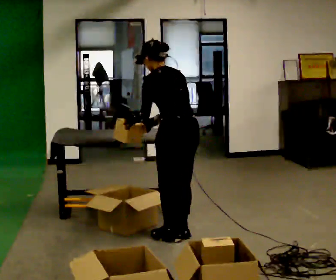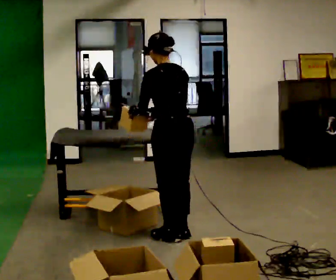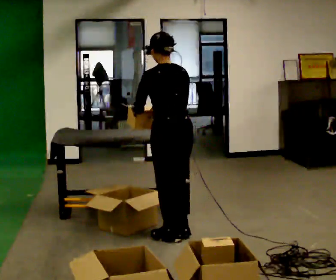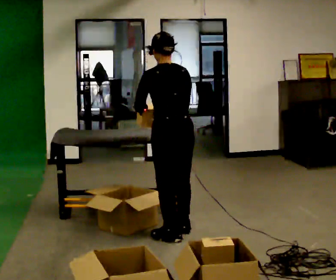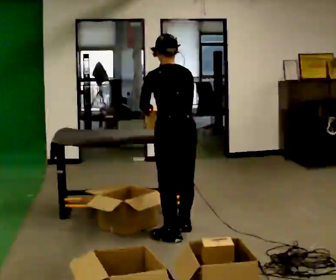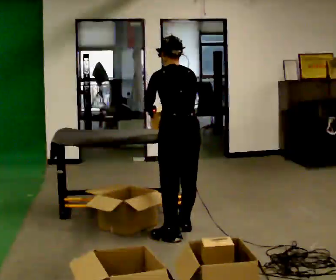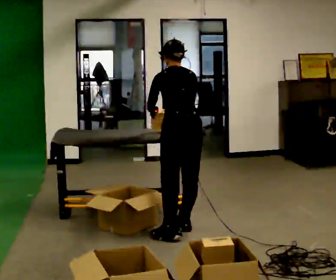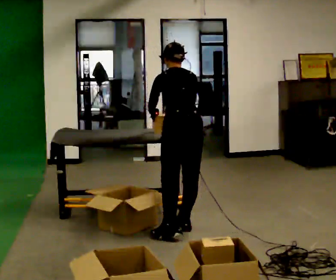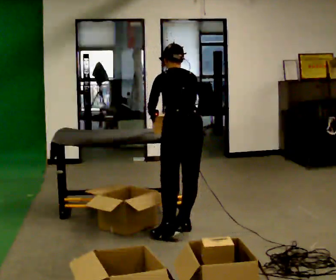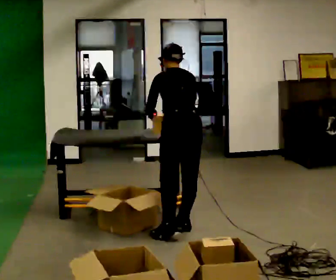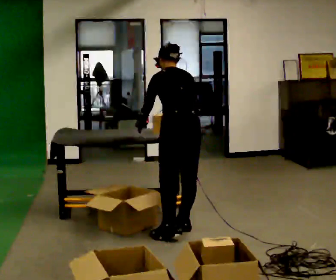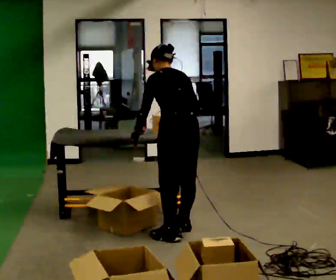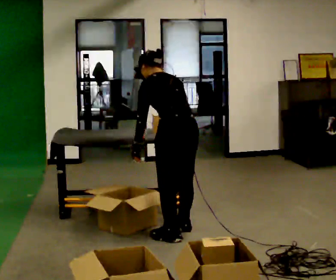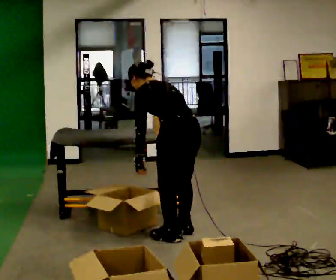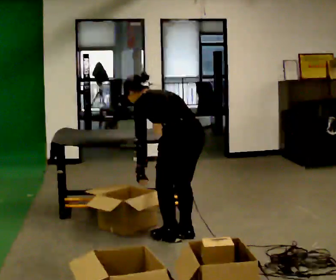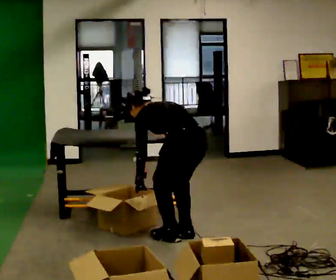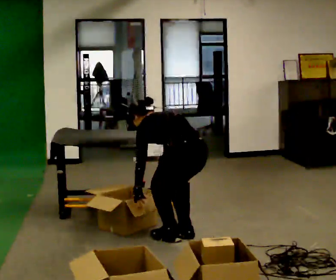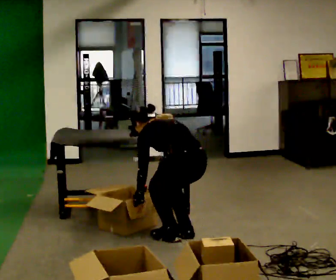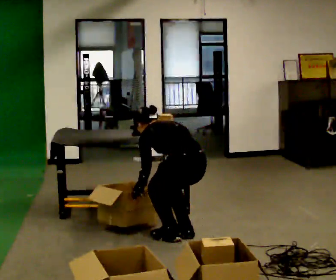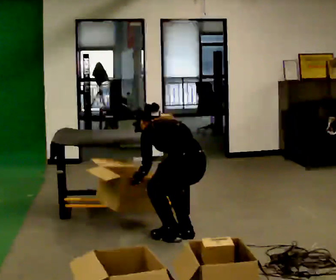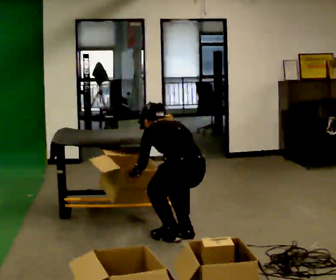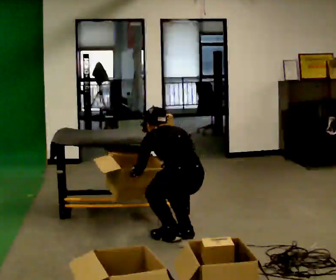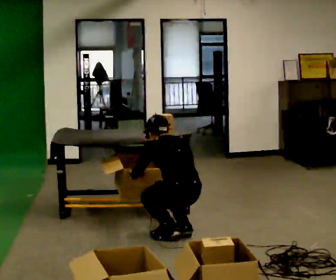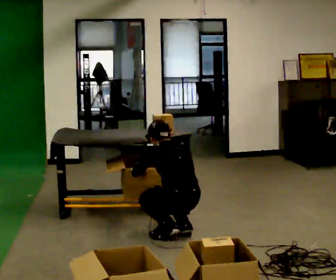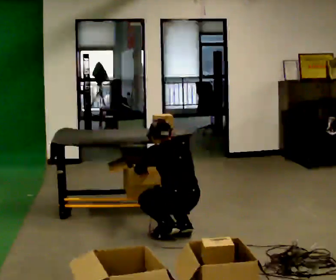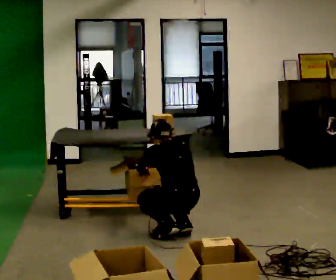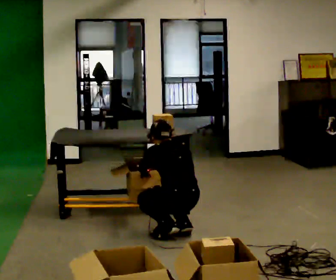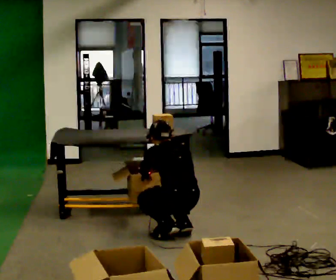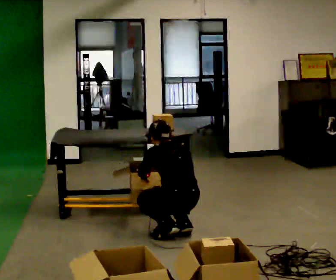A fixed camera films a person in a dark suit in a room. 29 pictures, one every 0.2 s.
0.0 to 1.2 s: In the picture they go away from the camera, about 0.25 m in 1 step, which for them is forward.
1.2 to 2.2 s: The person moves a little, or ends about where they began.
2.2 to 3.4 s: In the picture they go toward the camera, about 0.25 m in 1 step, which for them is backward. The upper body goes downward. In the picture the upper body tilts counterclockwise, shoulders to the left, as they bend forward. In the picture their right hand goes downward.
3.4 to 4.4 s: In the picture the upper body tilts clockwise, shoulders to the right, as they lean back or straighten.
4.4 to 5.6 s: The person moves a little, or ends about where they began.
The film runs forward here.
